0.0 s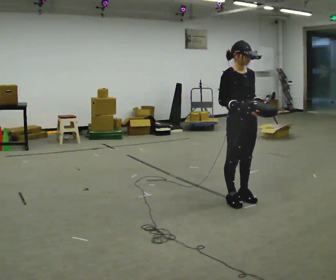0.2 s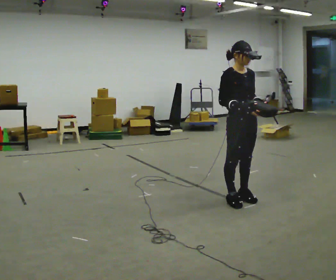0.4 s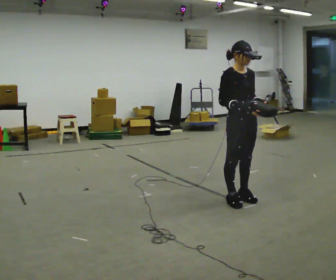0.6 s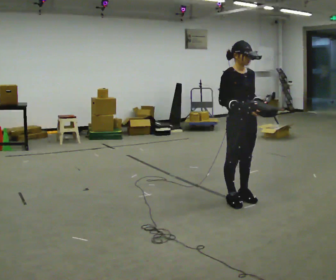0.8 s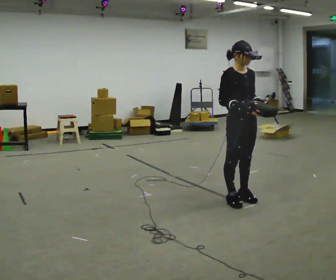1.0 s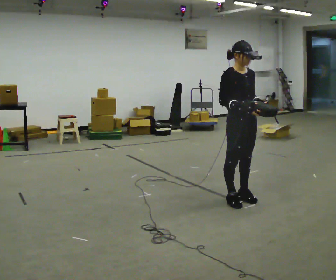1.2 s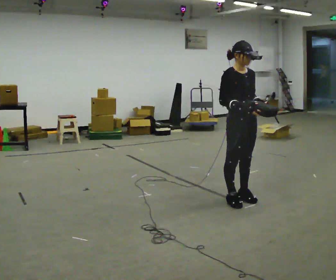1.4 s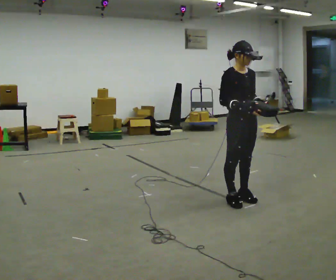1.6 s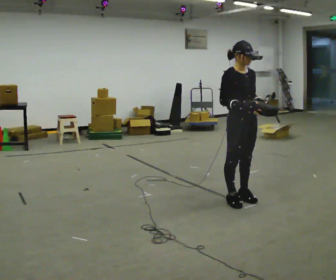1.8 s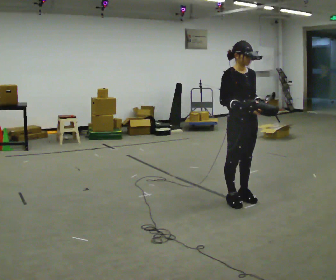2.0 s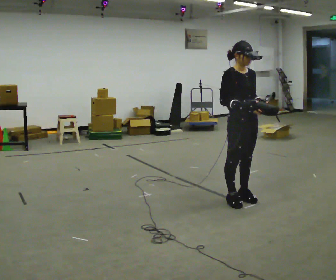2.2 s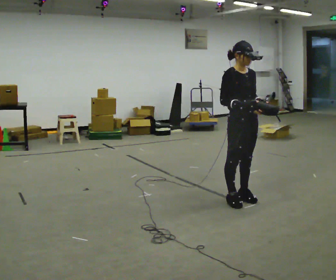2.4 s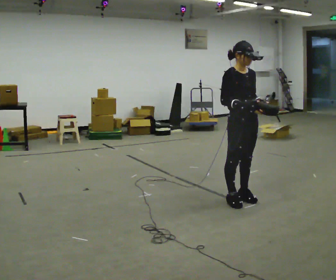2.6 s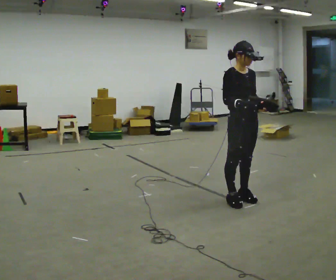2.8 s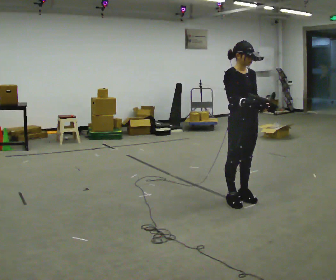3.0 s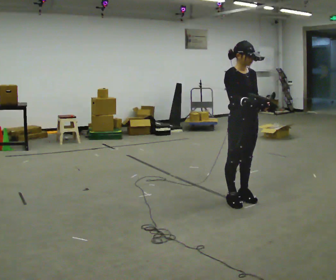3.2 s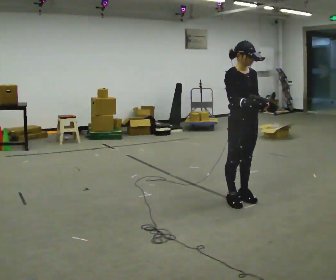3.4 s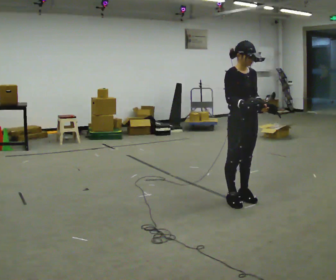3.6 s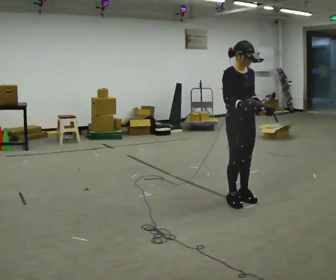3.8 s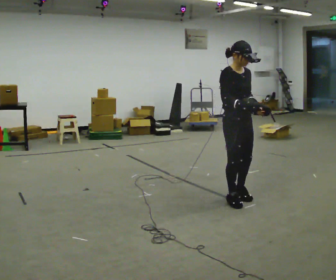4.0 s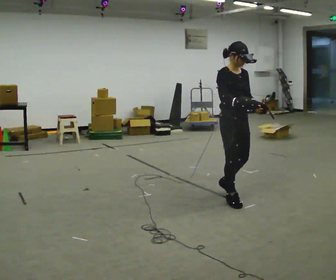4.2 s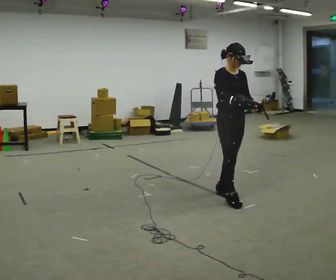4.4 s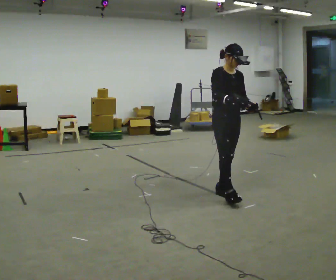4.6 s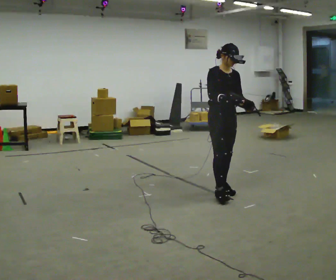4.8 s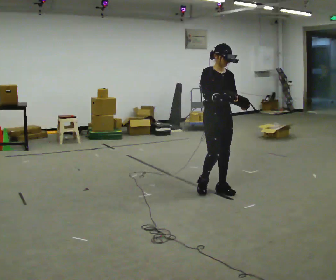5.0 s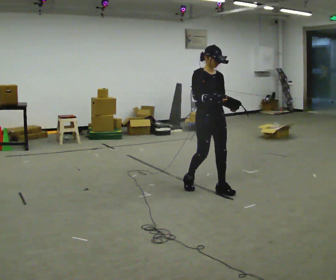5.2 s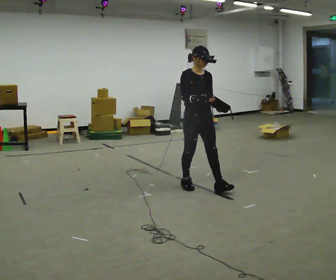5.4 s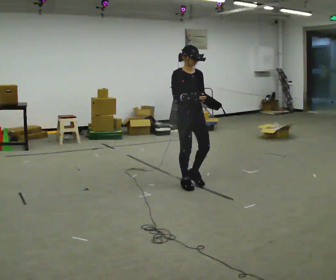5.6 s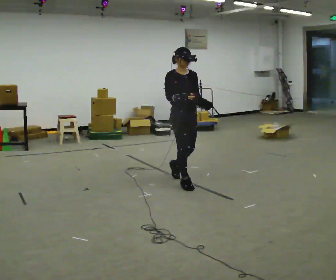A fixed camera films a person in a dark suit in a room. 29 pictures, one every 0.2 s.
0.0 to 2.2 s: The person keeps their place and pose.
2.2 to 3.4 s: The person moves a little, or ends about where they began.
3.4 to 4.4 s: In the picture they go away from the camera and to the left, about 0.25 m in 1 step, which for them is backward.
4.4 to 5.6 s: In the picture they go to the left and away from the camera, about 0.5 m in 2 steps, which for them is backward.
The film runs backward here.
